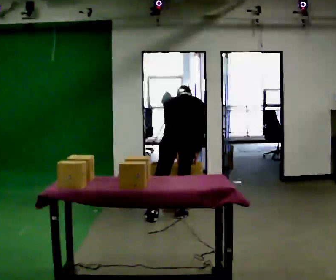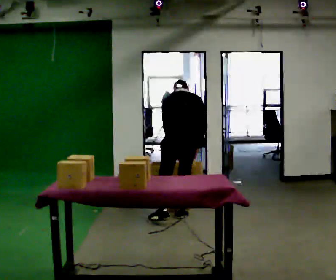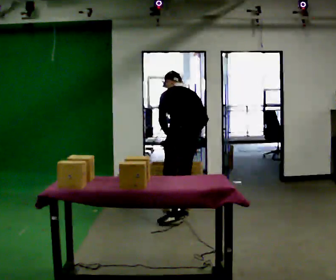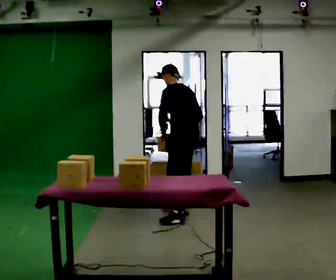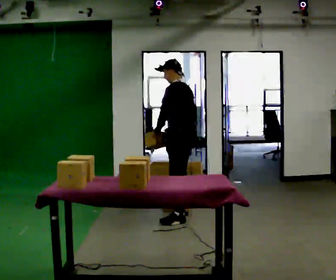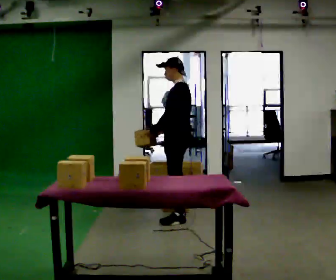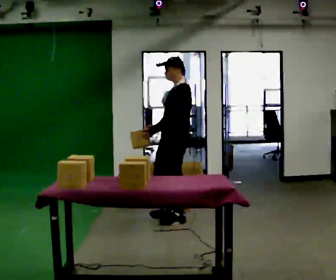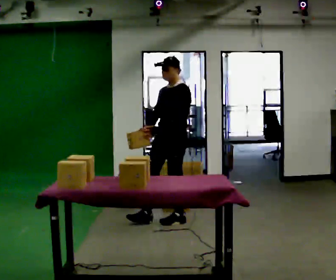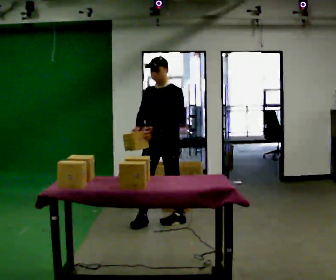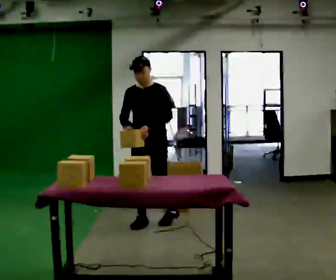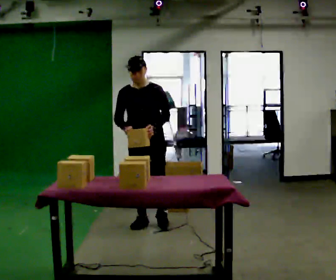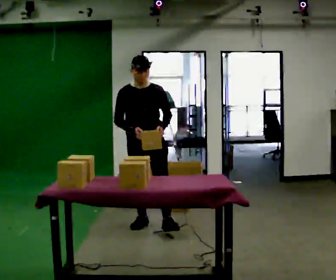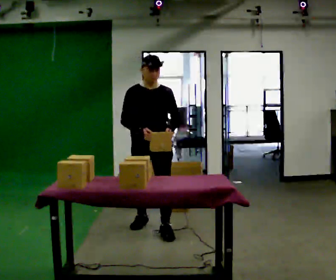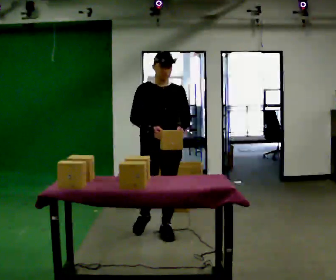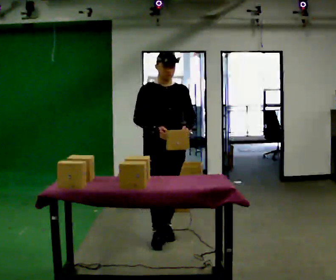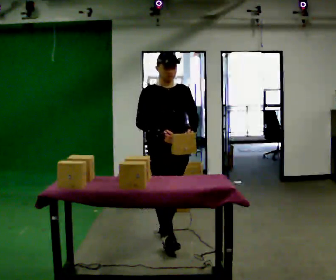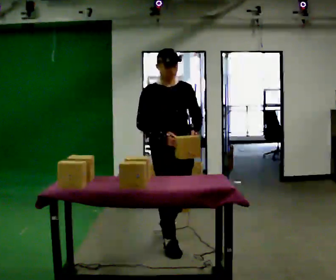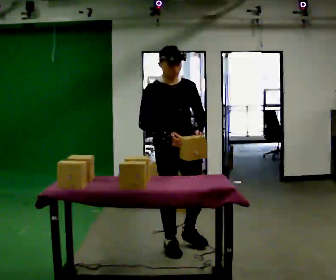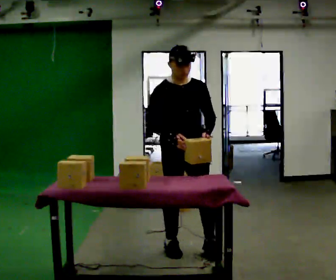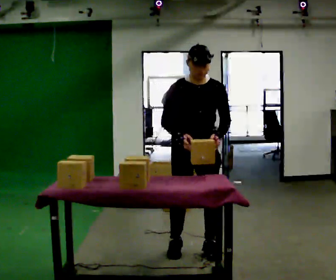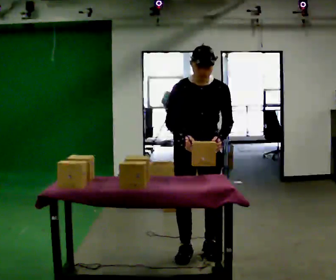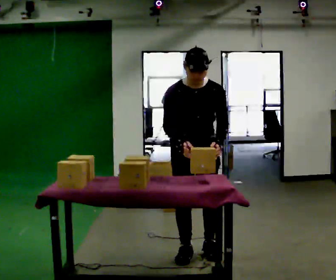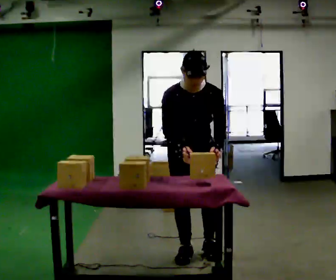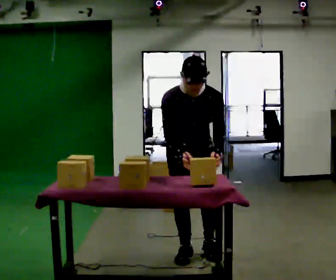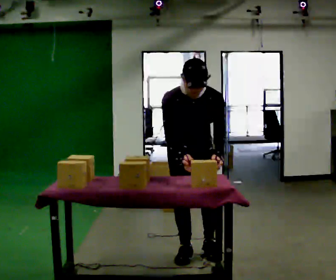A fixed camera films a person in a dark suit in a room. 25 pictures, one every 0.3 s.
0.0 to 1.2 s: Seen from above the body turns counterclockwise, about 60 degrees: to their left, with its near side sliding to the right. The upper body tips toward the camera, its near side rolling downward, as they lean back or straighten.
1.2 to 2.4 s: Seen from above the body turns counterclockwise, about 75 degrees: to their left, with its near side sliding to the right. In the picture they go to the left and toward the camera, about 0.25 m in 1 step.
2.4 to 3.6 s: The person turns about 45 degrees to their left, counterclockwise seen from above, so the part of the body nearest the lens slides to the right. In the picture they go toward the camera, about 0.25 m in 1 step, which for them is forward.
3.6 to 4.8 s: In the picture they go toward the camera, about 0.5 m in 1 step, which for them is forward.
4.8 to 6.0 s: The person turns about 30 degrees to their right, clockwise seen from above, so the part of the body nearest the lens slides to the left. In the picture they go to the right and toward the camera, about 0.25 m in 2 steps, which for them is forward and to their left.
6.0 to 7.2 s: The upper body tips toward the camera, its near side rolling downward, as they bend forward.
The film runs forward here.
